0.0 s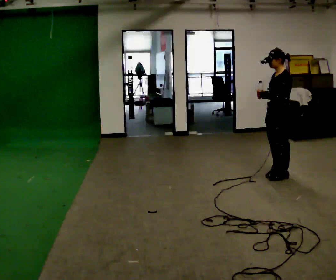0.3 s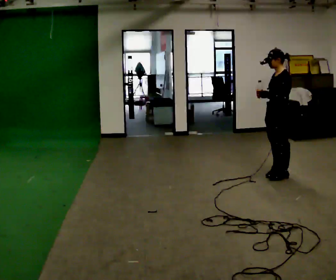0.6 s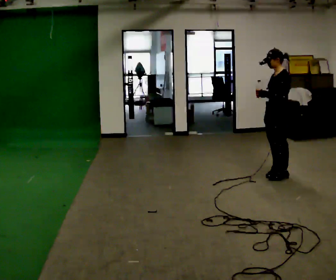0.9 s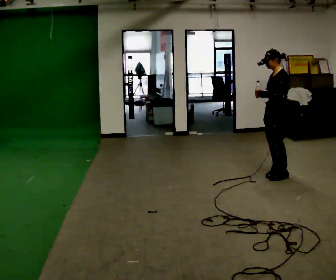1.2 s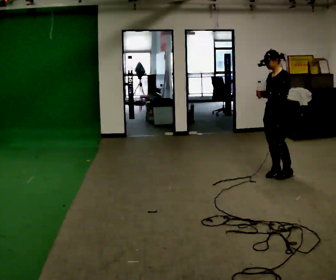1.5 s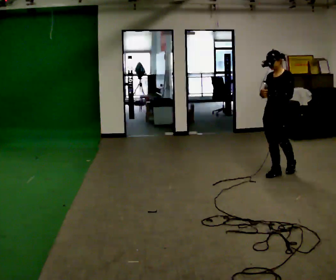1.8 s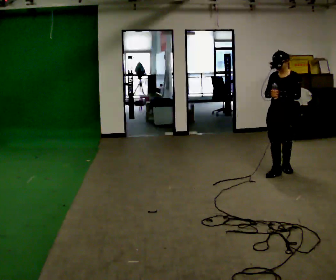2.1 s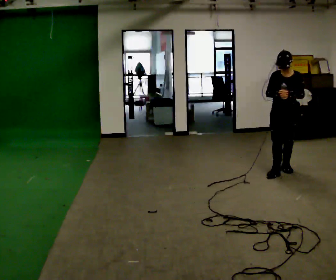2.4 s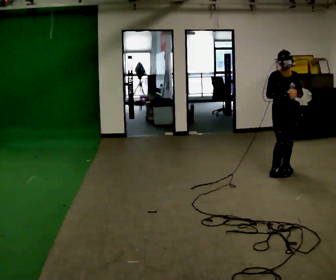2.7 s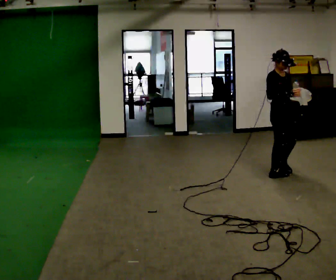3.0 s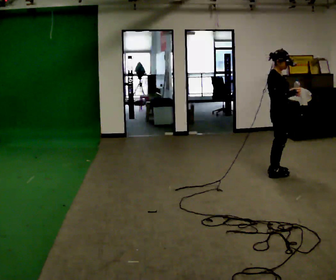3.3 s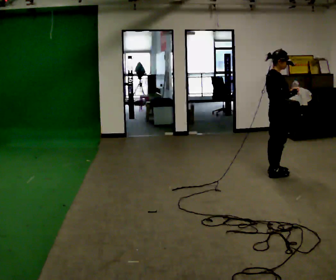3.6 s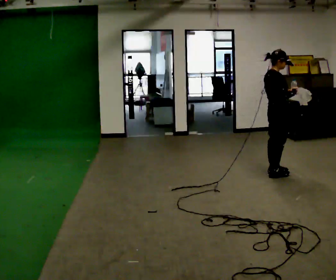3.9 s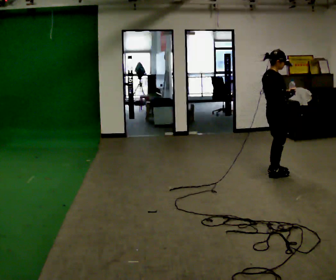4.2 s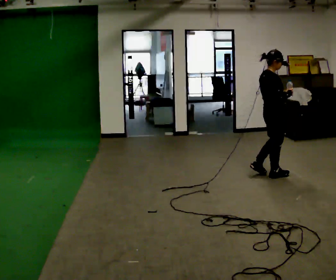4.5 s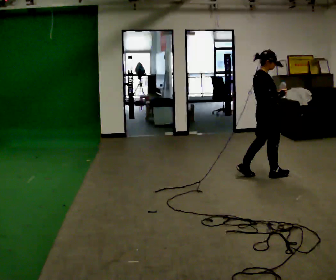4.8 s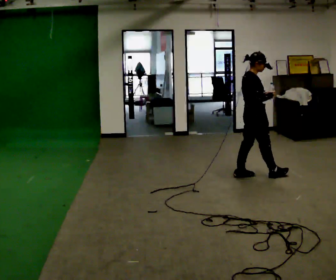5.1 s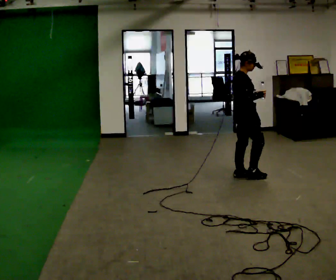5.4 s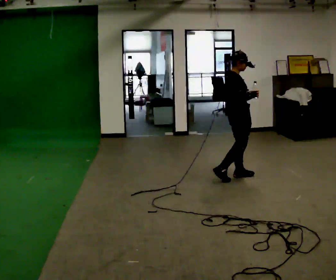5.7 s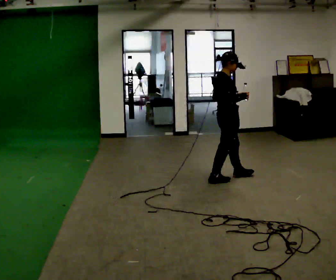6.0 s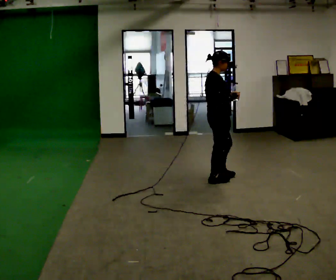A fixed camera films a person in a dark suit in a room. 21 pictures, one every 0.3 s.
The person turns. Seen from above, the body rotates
counterclockwise.
The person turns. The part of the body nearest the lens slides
to the right.
0.0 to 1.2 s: The person moves a little, or ends about where they began.
1.2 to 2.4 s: The person turns about 90 degrees to their left, counterclockwise seen from above, so the part of the body nearest the lens slides to the right. In the picture their left hand goes to the right.
2.4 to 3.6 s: Seen from above the body turns counterclockwise, about 90 degrees: to their left, with its near side sliding to the right.
3.6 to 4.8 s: In the picture they go to the left, about 0.25 m in 1 step, which for them is backward.
4.8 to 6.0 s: In the picture they go to the left and toward the camera, about 0.5 m in 2 steps, which for them is backward.
The film runs backward here.
